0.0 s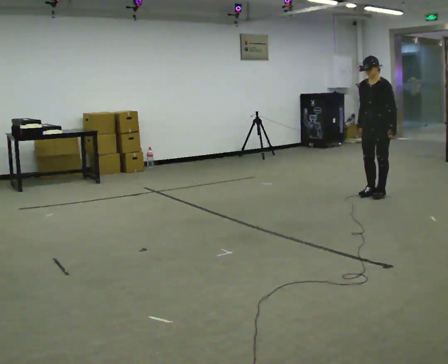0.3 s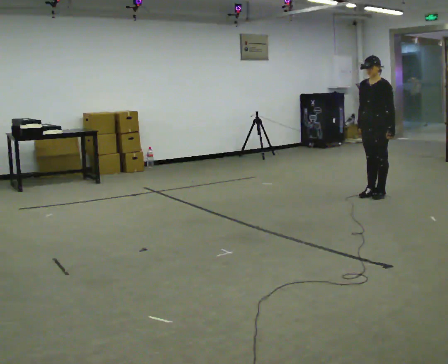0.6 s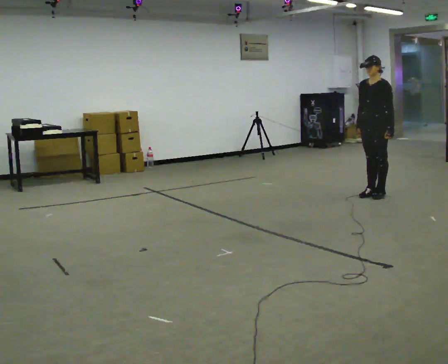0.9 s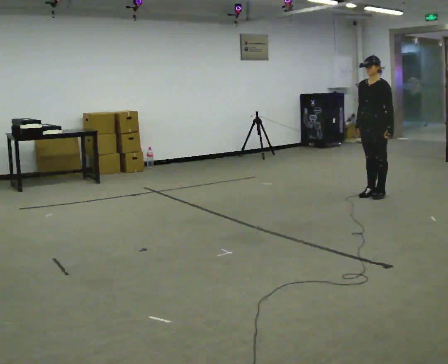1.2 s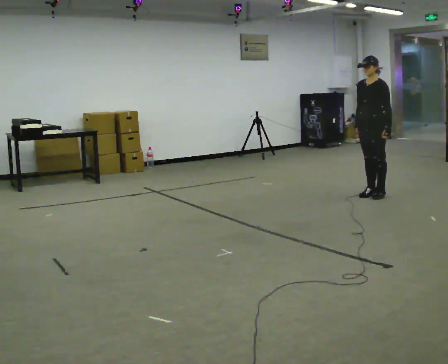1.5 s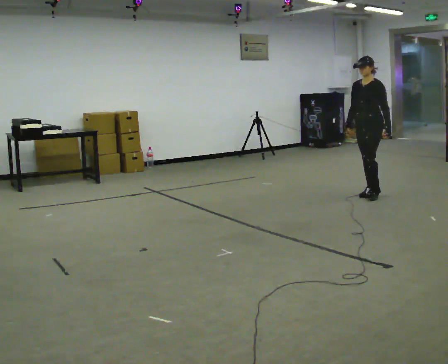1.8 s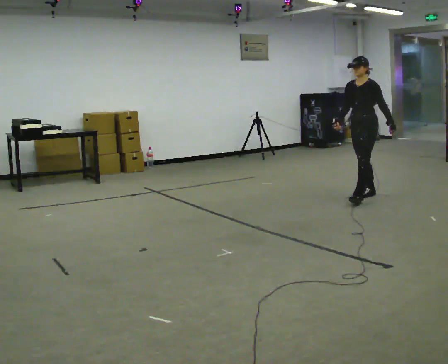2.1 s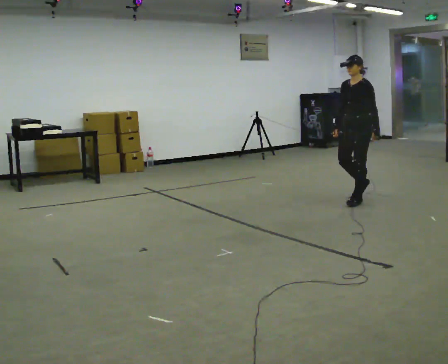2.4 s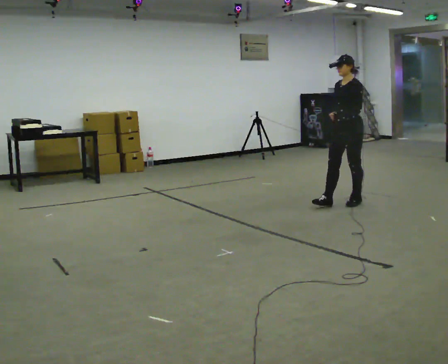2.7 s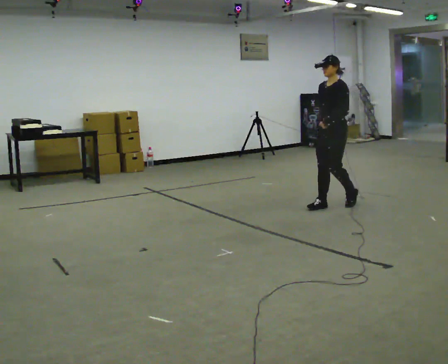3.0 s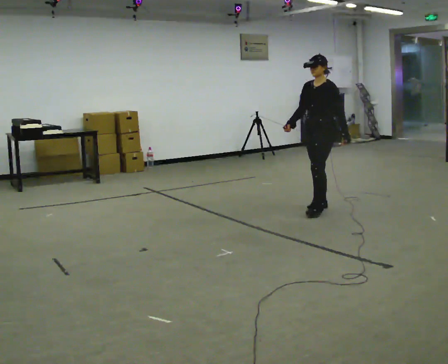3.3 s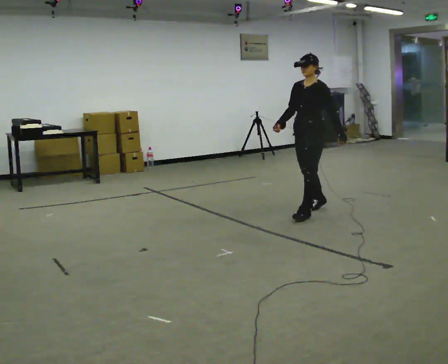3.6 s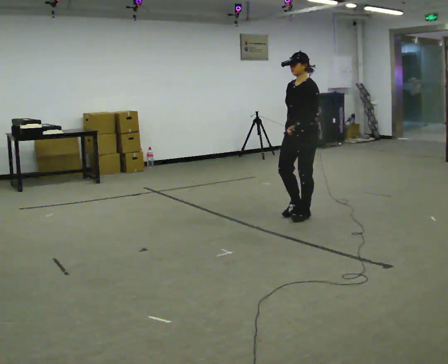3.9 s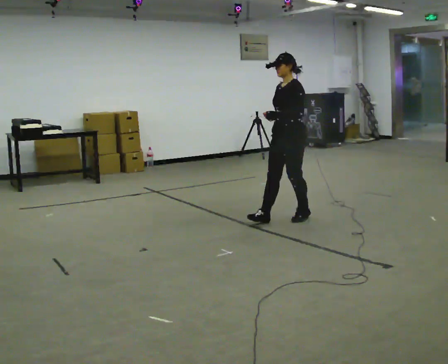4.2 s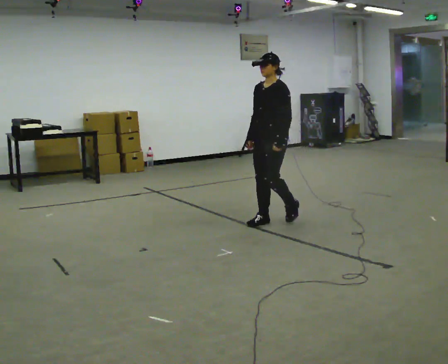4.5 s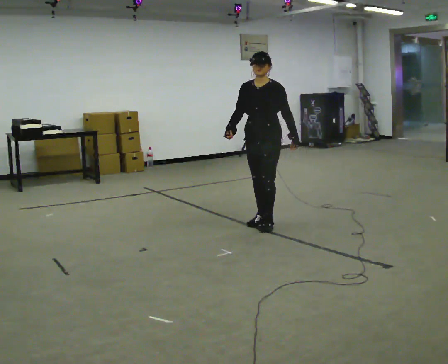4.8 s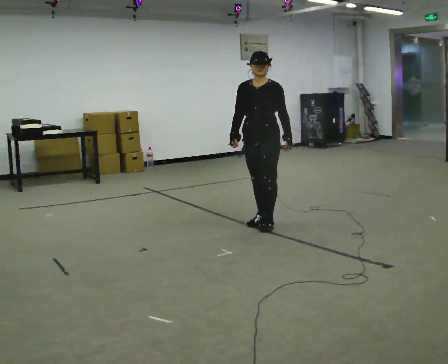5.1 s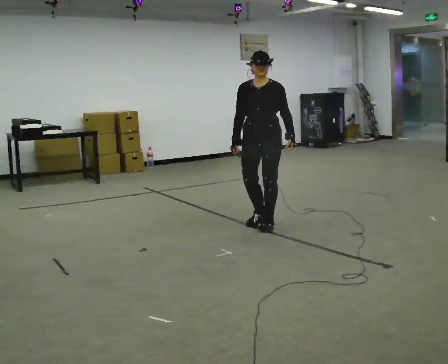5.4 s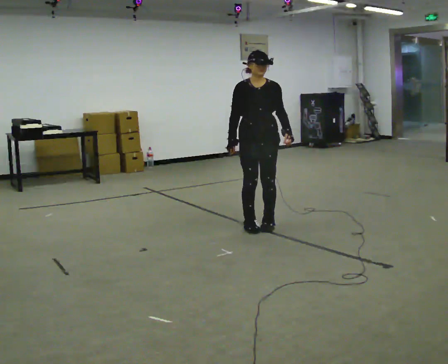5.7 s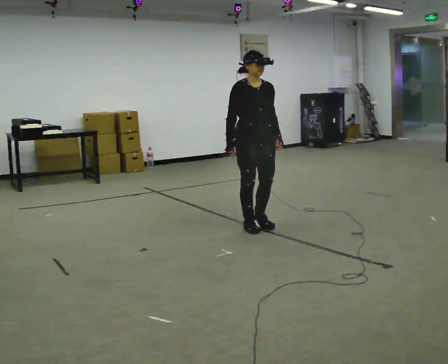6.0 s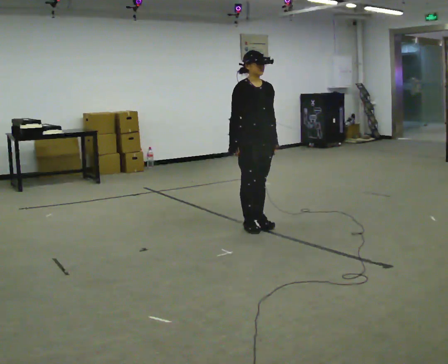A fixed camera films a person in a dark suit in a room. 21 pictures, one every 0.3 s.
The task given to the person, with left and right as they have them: Walk straight; turn 90° left/right while continuing to walk; continue.
0.0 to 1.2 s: The person moves a little, or ends about where they began.
1.2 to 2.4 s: In the picture they go toward the camera and to the left, about 0.5 m in 1 step, which for them is forward.
2.4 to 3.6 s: In the picture they go toward the camera and to the left, about 0.75 m in 2 steps, which for them is forward.
3.6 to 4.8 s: The person turns about 30 degrees to their left, counterclockwise seen from above, so the part of the body nearest the lens slides to the right. In the picture they go to the left and toward the camera, about 0.5 m in 2 steps, which for them is forward.
4.8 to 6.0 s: Seen from above the body turns counterclockwise, about 60 degrees: to their left, with its near side sliding to the right.
The film runs forward here.
